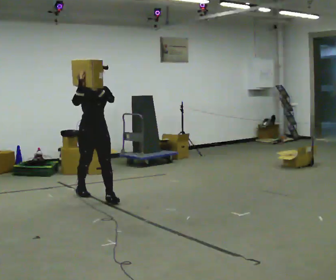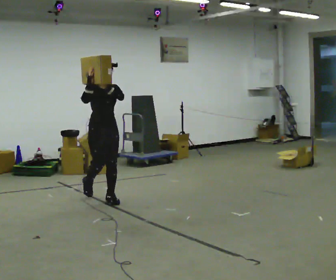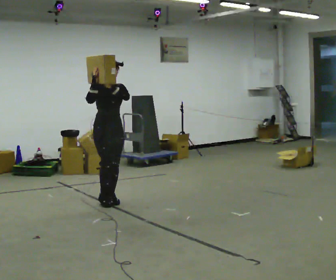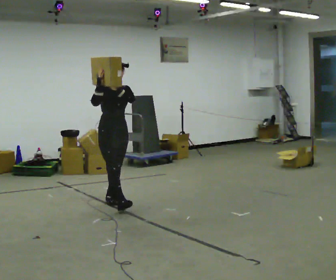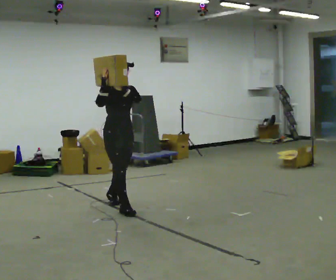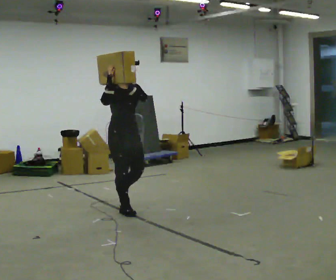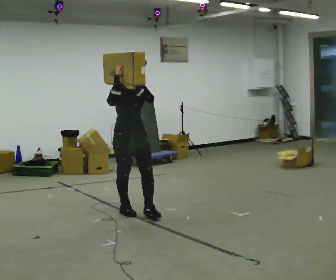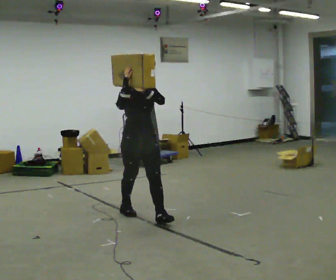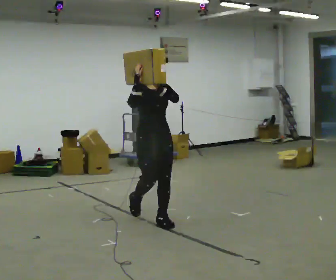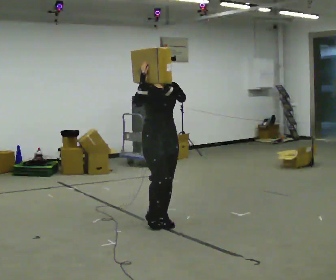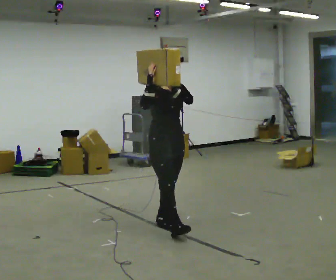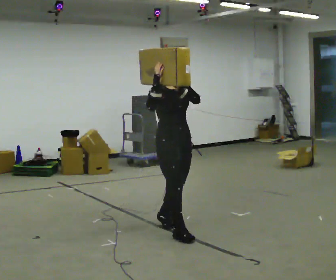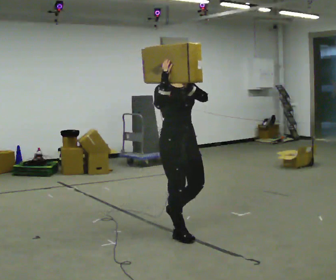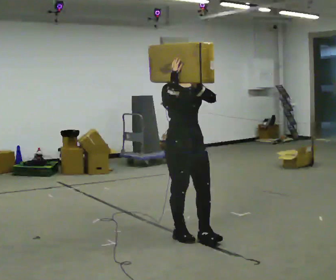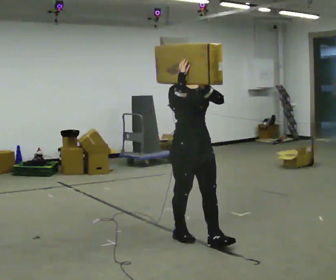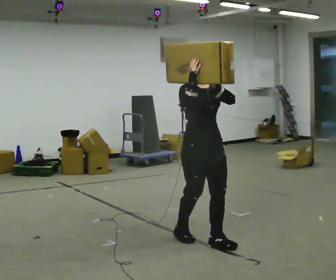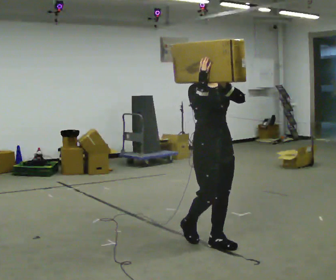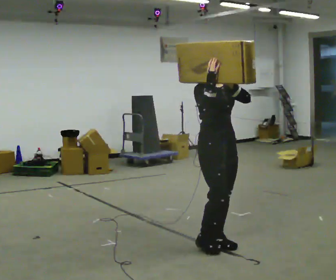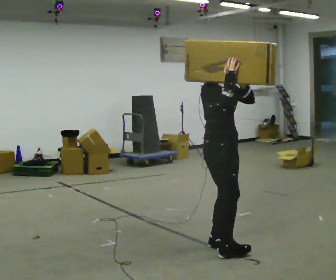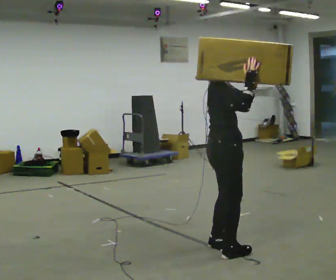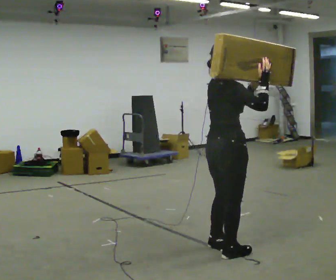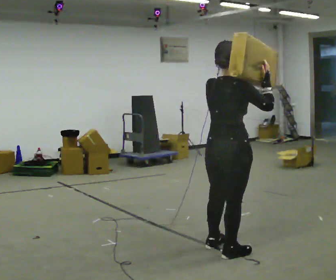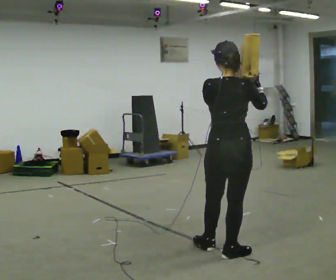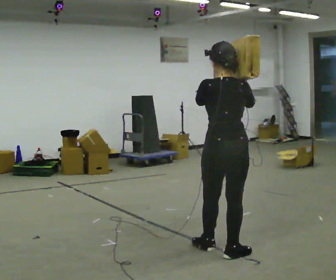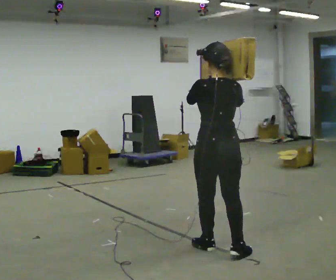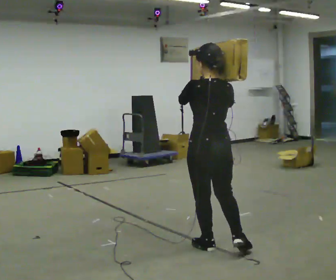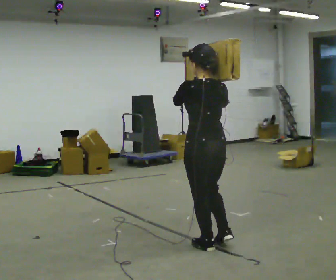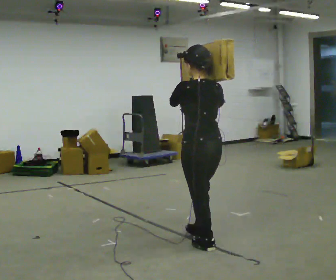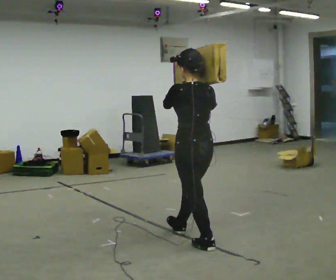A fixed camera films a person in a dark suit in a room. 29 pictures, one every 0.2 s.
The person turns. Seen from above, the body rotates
counterclockwise.
The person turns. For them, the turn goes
to their left.
0.0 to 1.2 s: In the picture they go toward the camera and to the right, about 1 m in 1 step, which for them is forward.
1.2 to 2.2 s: In the picture they go toward the camera and to the right, about 1 m in 2 steps, which for them is forward.
2.2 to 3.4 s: In the picture they go toward the camera and to the right, about 0.5 m in 1 step, which for them is forward.
3.4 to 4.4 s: The part of the body nearest the lens slides to the right as the person turns to their left by about 135 degrees. In the picture they go toward the camera, about 0.25 m in 1 step.
4.4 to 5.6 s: Seen from above the body turns counterclockwise, about 45 degrees: to their left, with its near side sliding to the right. In the picture they go away from the camera and to the left, about 0.5 m, which for them is forward.
The film runs forward here.
